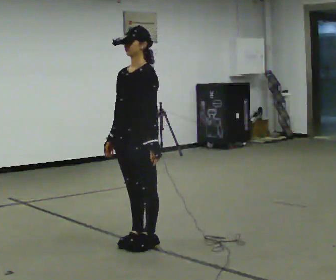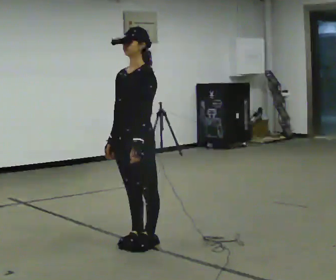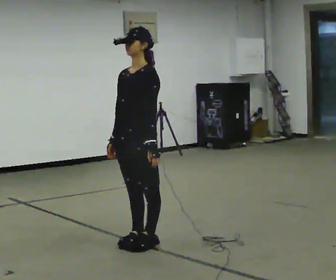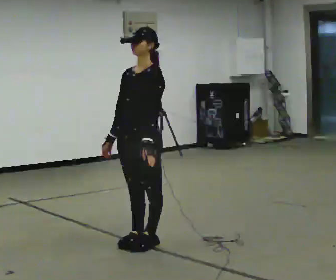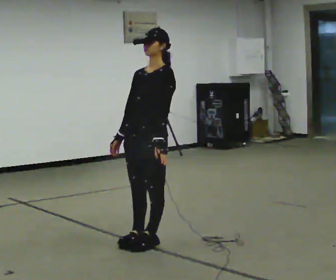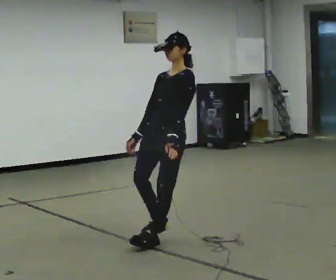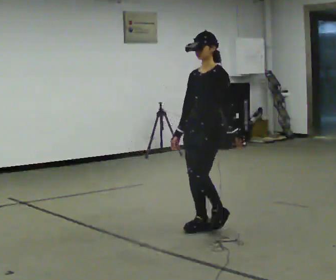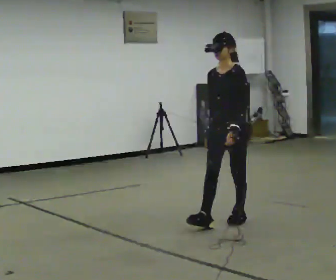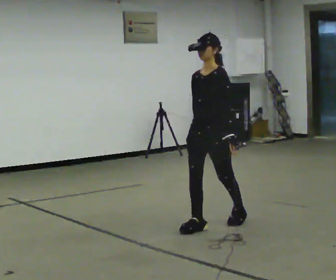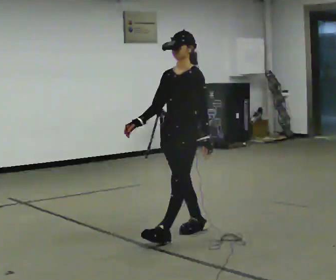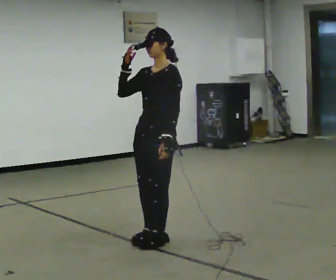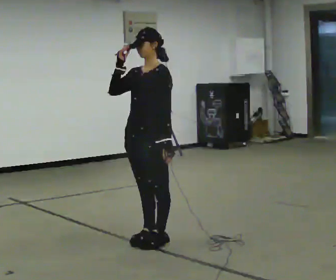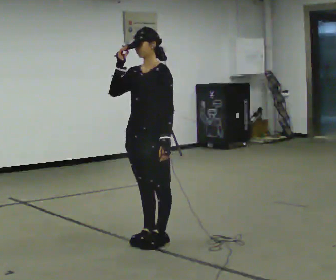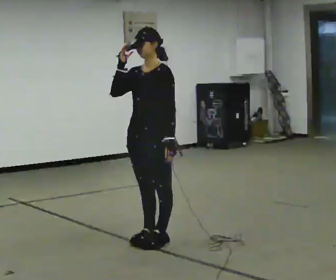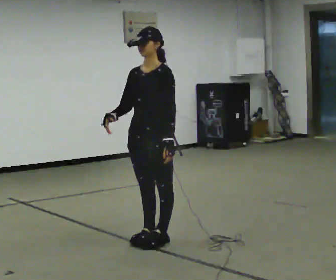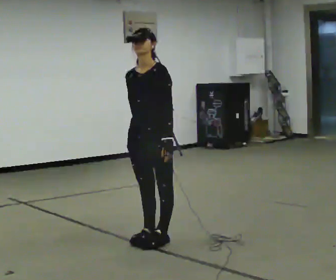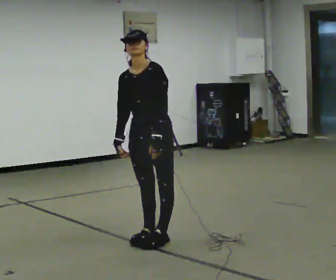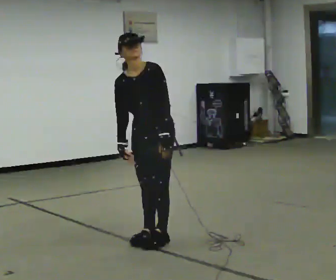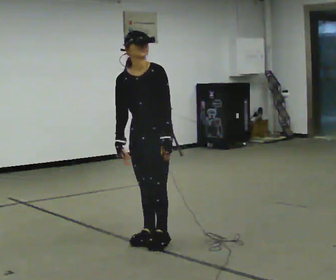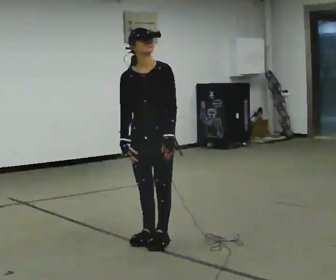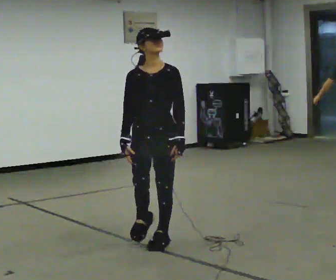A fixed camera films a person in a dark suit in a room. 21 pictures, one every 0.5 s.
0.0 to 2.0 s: The person moves a little, or ends about where they began.
2.0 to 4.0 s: In the picture they go to the right and away from the camera, about 0.75 m in 2 steps, which for them is backward.
4.0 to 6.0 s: In the picture they go to the left and toward the camera, about 0.75 m in 2 steps, which for them is forward. In the picture their right hand goes upward.
6.0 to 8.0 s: In the picture their right hand goes downward.
8.0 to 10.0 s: The person moves a little, or ends about where they began.
The film runs forward here.
